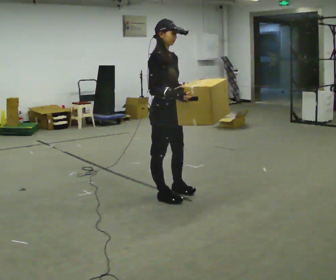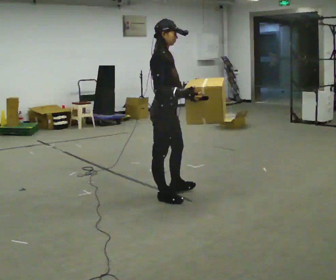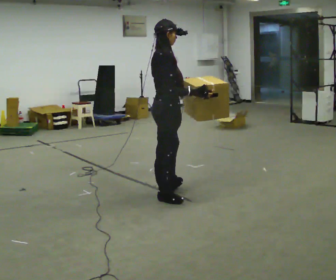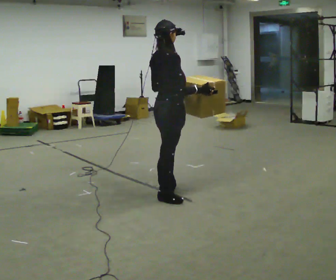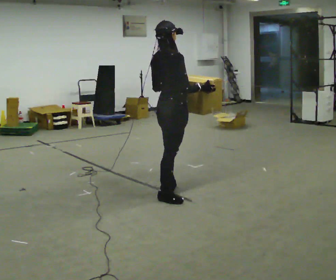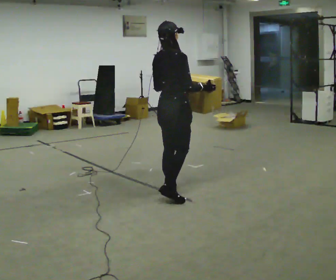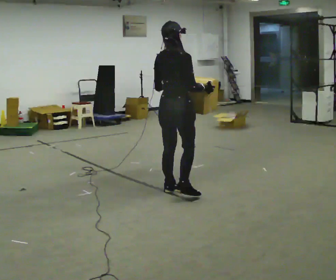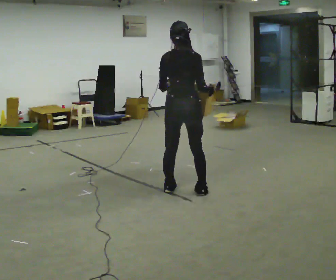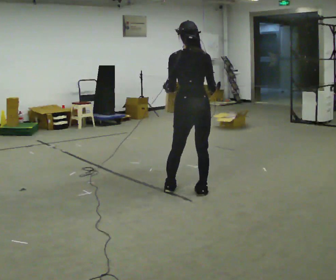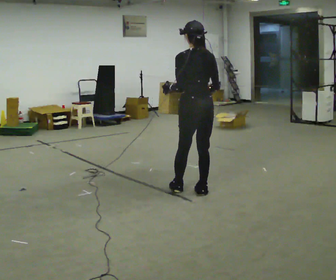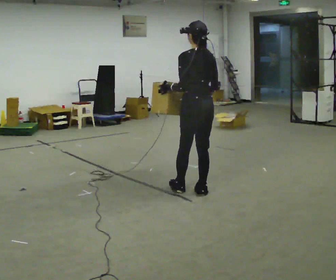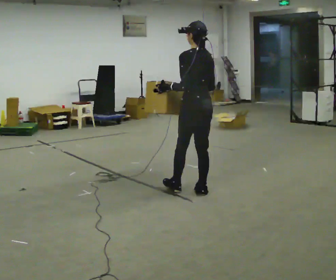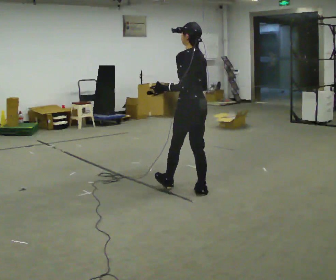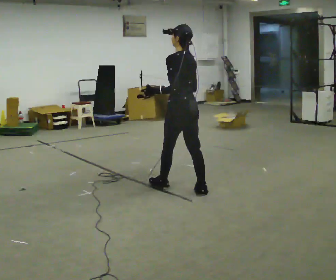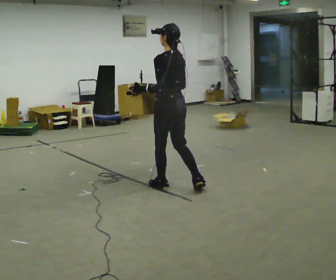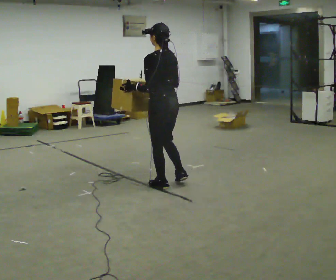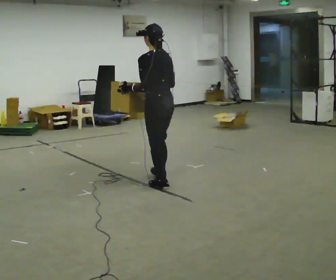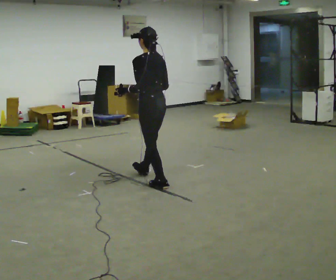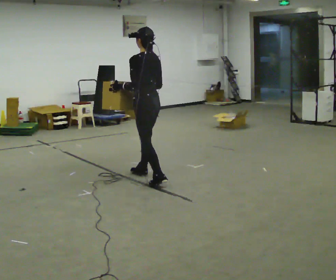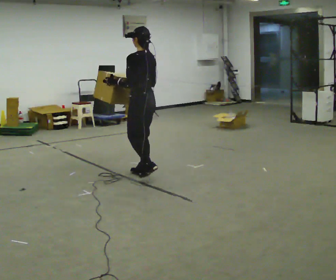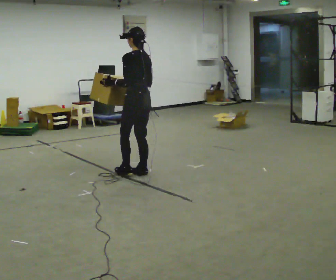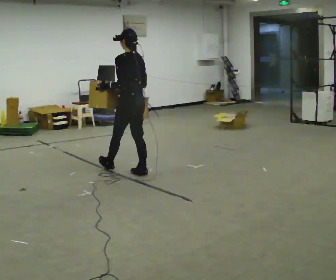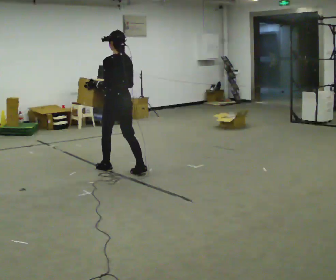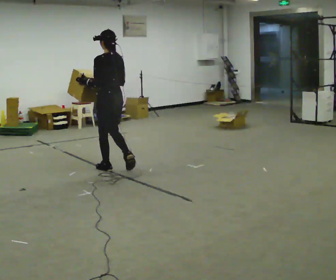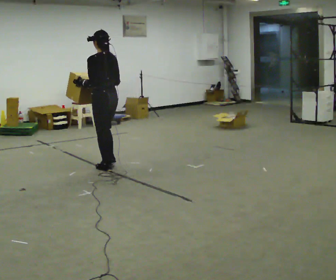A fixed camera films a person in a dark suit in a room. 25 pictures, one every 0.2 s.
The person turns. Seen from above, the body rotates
counterclockwise.
The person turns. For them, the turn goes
to their left.
0.0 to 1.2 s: Seen from above the body turns counterclockwise, about 75 degrees: to their left, with its near side sliding to the right. In the picture they go away from the camera, about 0.25 m.
1.2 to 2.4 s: The person turns about 90 degrees to their left, counterclockwise seen from above, so the part of the body nearest the lens slides to the right. In the picture they go to the right, about 0.25 m in 1 step.
2.4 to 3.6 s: In the picture they go to the left and away from the camera, about 0.75 m in 2 steps, which for them is forward.
3.6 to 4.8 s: In the picture they go to the left and away from the camera, about 0.75 m in 1 step, which for them is forward.
The film runs forward here.
